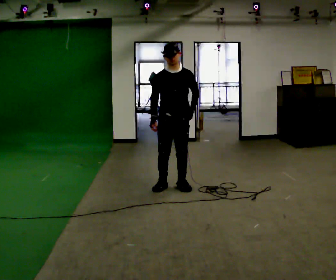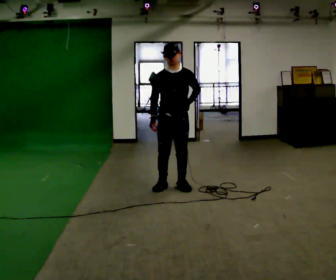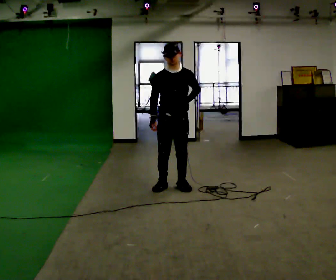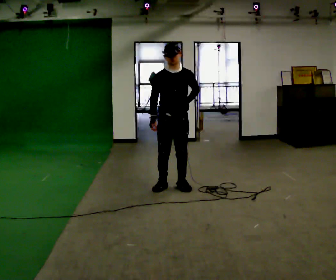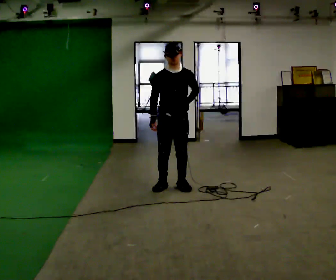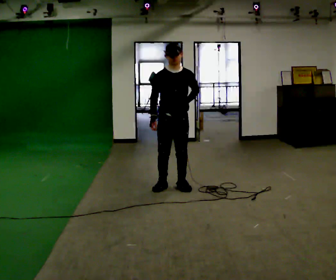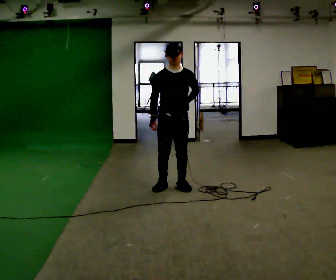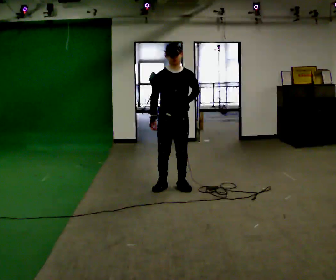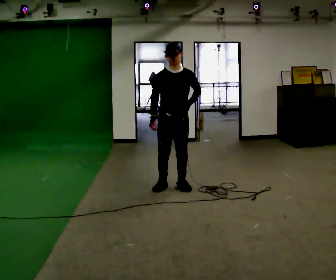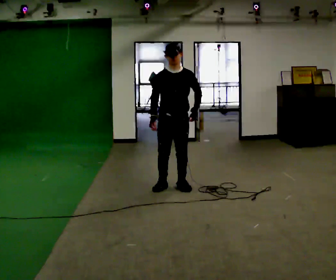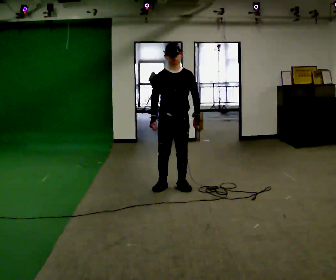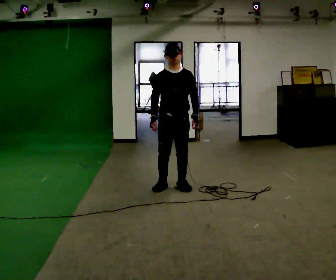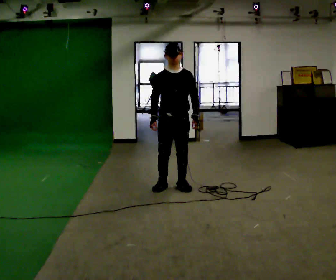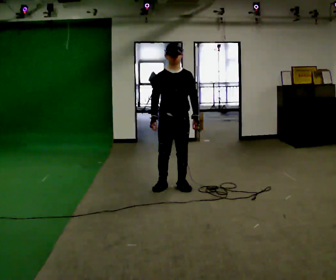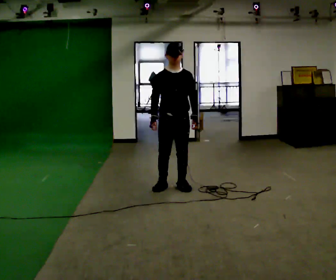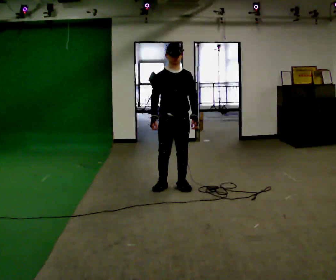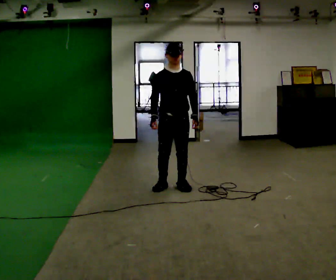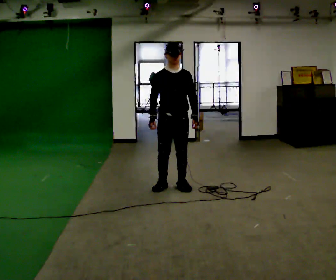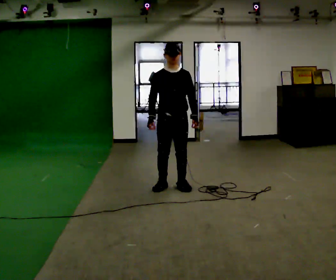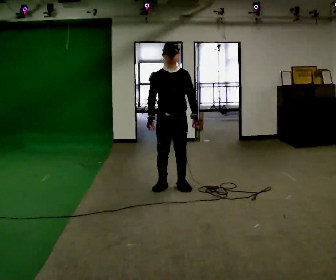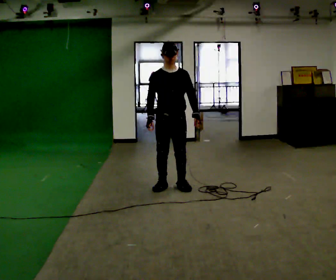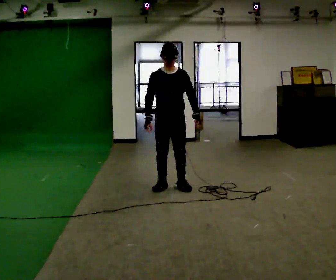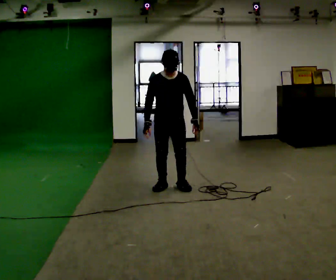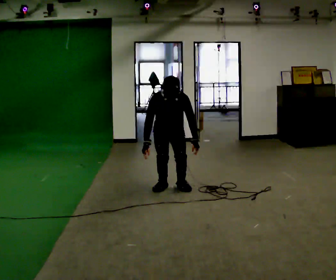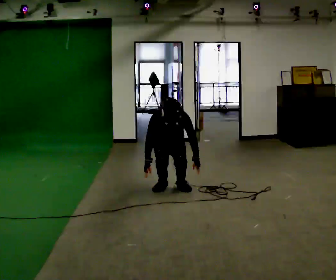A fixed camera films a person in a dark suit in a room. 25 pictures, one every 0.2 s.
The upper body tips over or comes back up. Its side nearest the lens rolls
downward.
The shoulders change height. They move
downward.
0.0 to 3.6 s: The person moves a little, or ends about where they began.
3.6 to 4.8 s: The upper body goes downward. The upper body tips toward the camera, its near side rolling downward, as they bend forward. In the picture their left hand goes downward.
The film runs backward here.
